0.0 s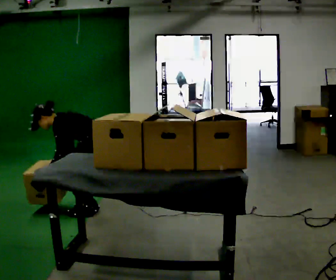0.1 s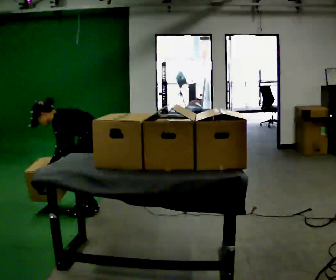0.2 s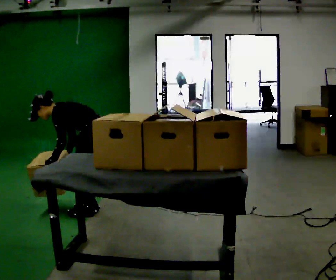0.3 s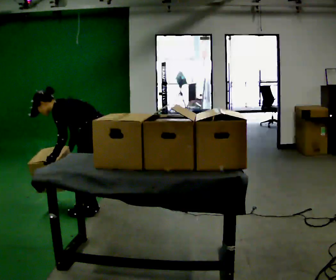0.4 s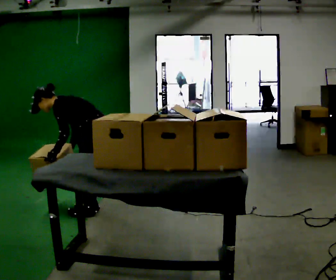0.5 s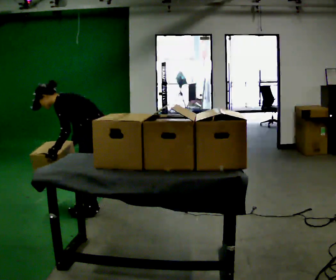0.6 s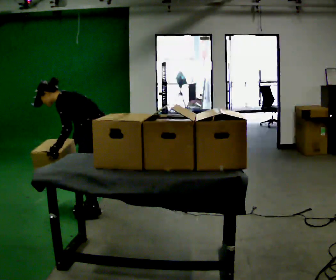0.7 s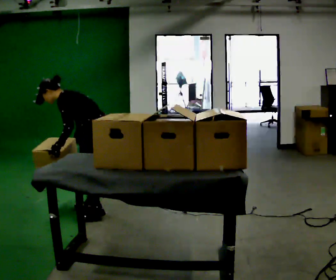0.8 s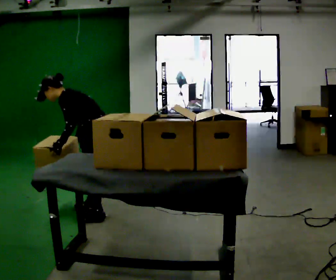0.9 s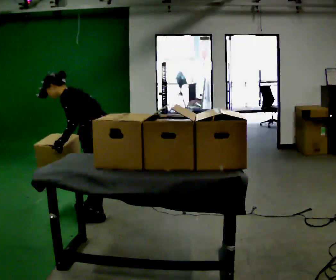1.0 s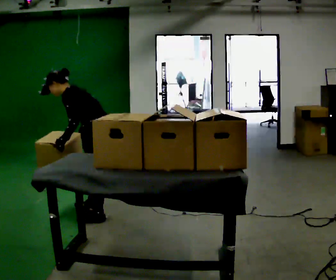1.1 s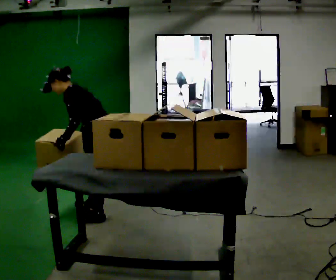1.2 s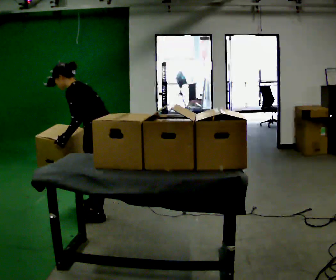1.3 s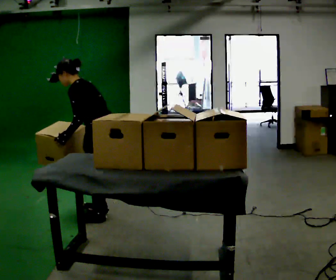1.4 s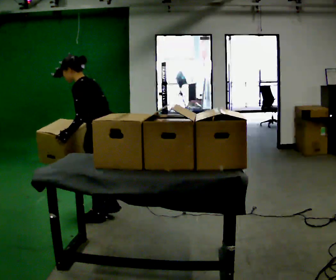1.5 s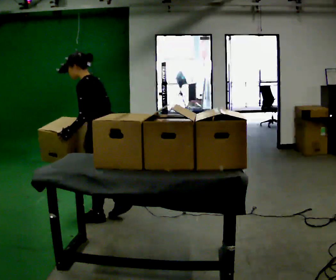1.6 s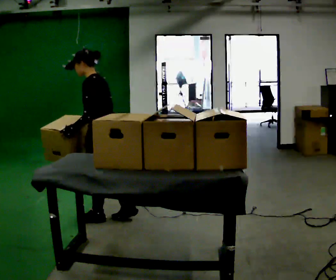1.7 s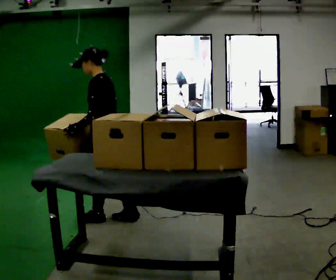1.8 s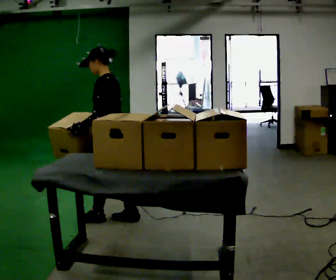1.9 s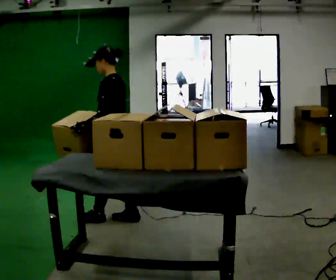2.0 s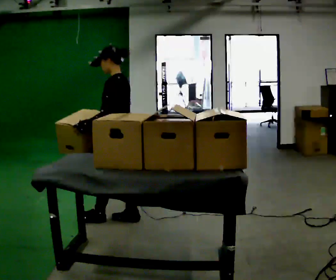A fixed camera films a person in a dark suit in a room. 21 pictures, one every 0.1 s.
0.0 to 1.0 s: The shoulders move upward. In the picture the upper body tilts clockwise, shoulders to the right, as they lean back or straighten.
1.0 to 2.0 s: In the picture they go to the right, about 0.25 m in 1 step, which for them is backward. In the picture the upper body tilts clockwise, shoulders to the right, as they lean back or straighten.
The film runs backward here.
